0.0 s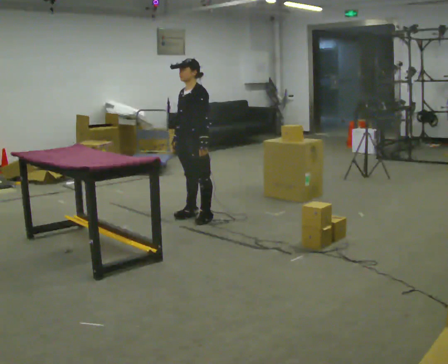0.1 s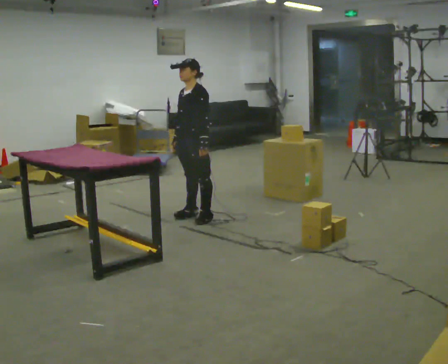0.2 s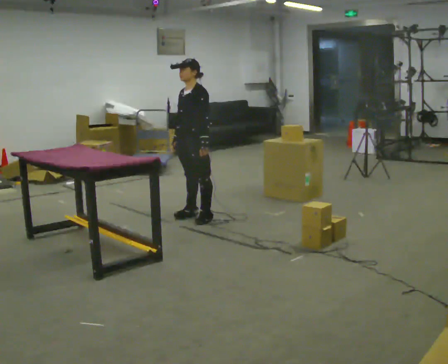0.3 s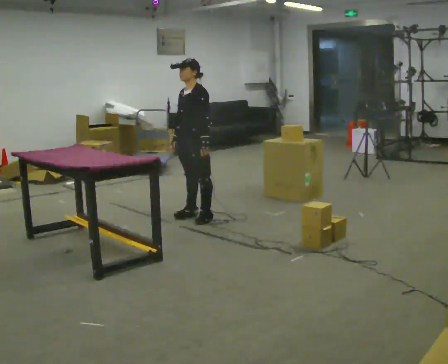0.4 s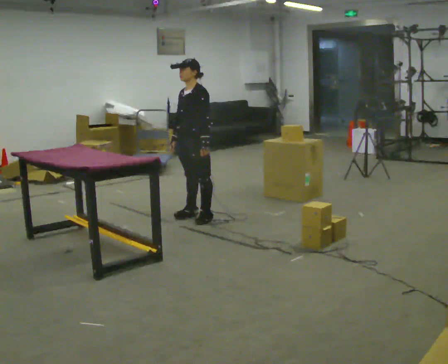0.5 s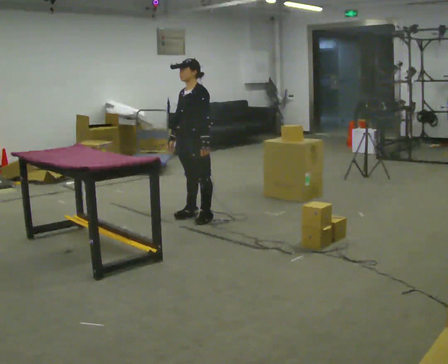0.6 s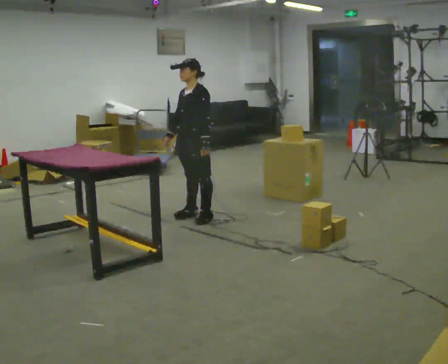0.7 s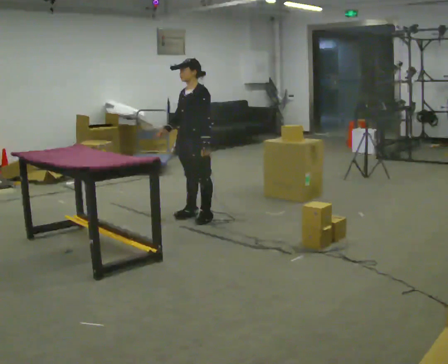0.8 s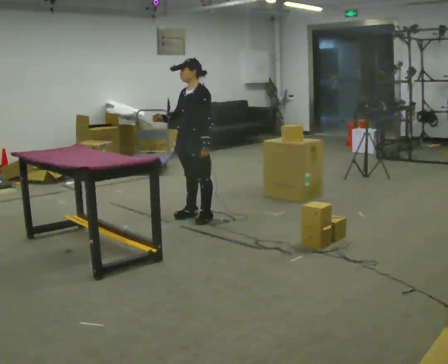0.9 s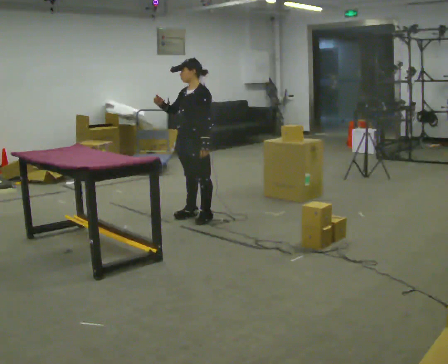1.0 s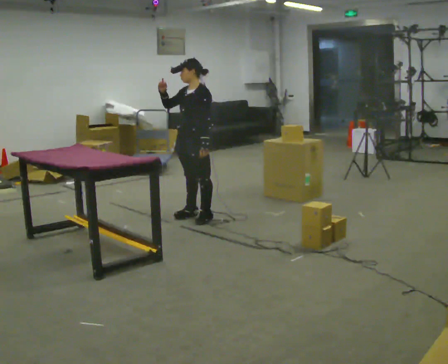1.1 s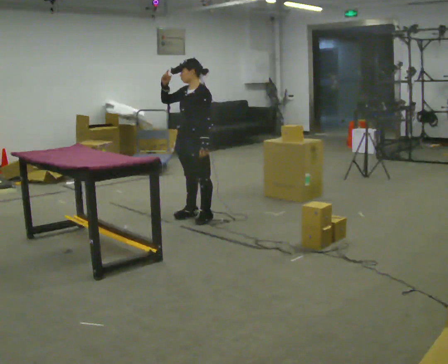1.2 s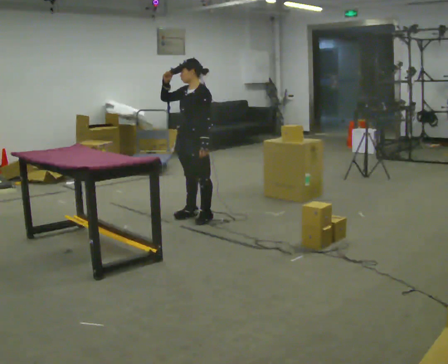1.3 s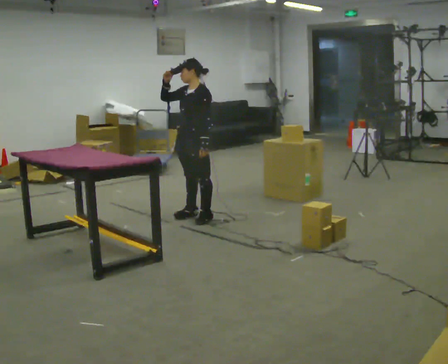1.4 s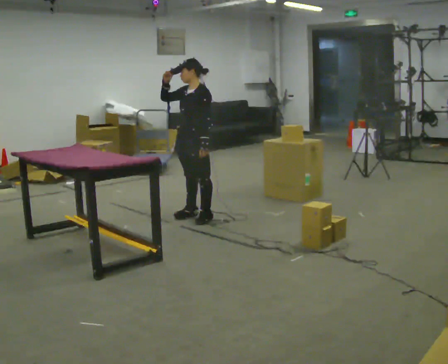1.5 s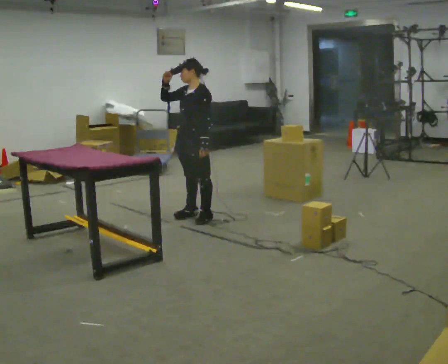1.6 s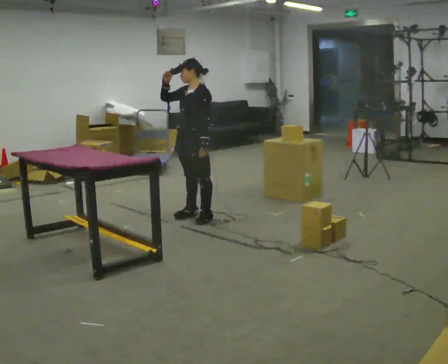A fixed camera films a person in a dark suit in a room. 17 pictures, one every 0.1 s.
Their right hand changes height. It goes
upward.
0.0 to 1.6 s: In the picture their right hand goes upward.
The film runs backward here.
